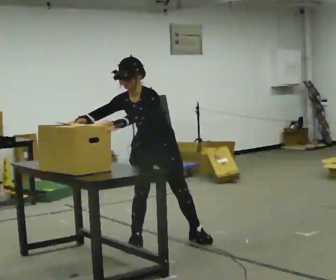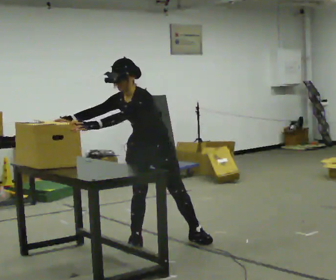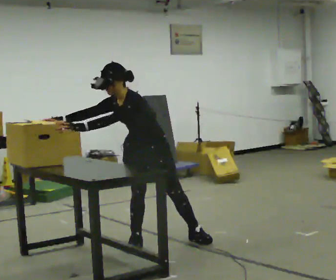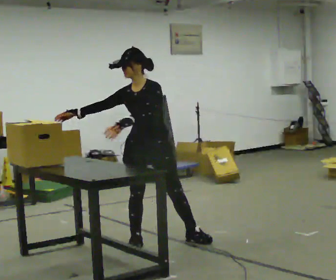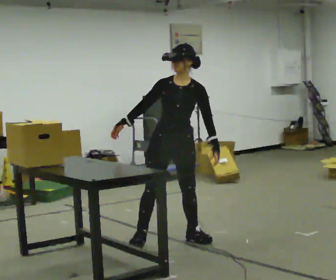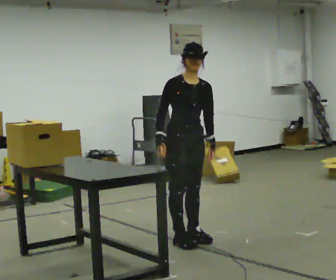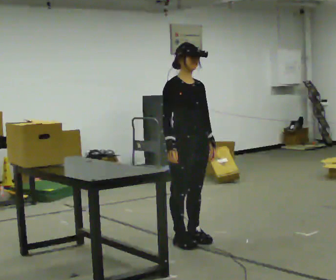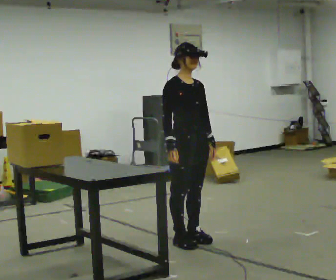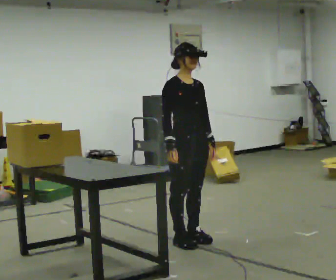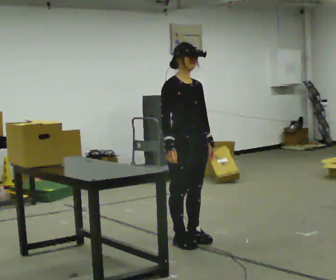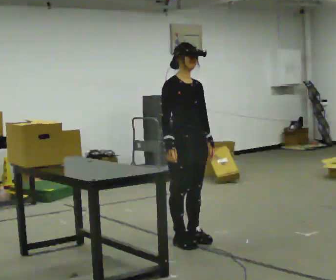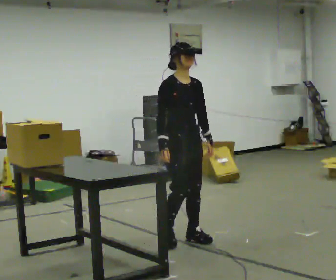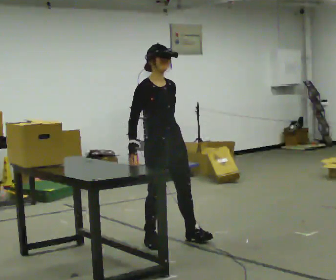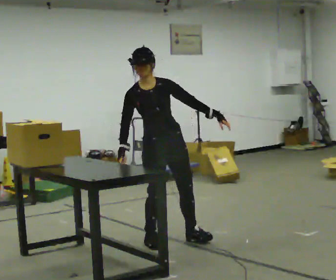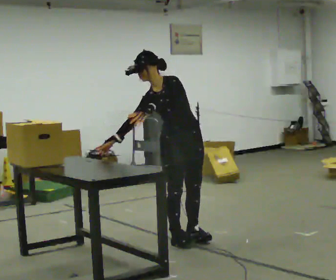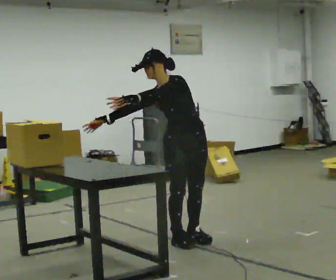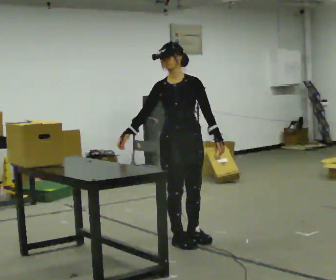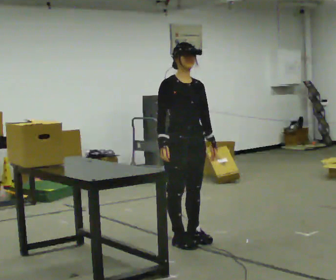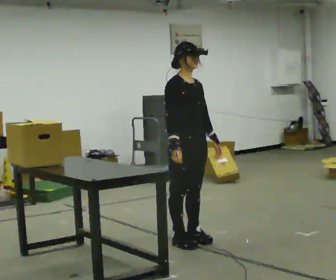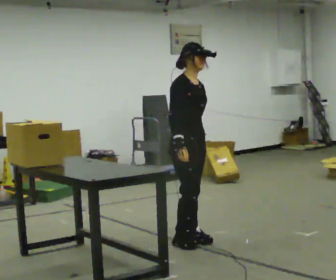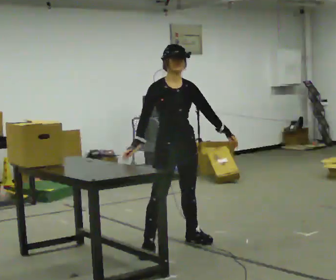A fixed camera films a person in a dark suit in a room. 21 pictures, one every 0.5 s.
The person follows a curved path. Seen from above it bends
clockwise.
0.0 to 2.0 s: The upper body tips away from the camera, its near side rolling upward, as they lean back or straighten. In the picture their left hand goes to the right.
2.0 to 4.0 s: The part of the body nearest the lens slides to the right as the person turns to their left by about 45 degrees. In the picture the upper body tilts counterclockwise, shoulders to the left. In the picture their right hand goes to the right, the arm swinging counterclockwise.
4.0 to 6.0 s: In the picture they go to the left, about 0.25 m in 1 step, which for them is to their right and backward. In the picture their left hand goes to the left.
6.0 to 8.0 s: The part of the body nearest the lens slides to the left as the person turns to their right by about 45 degrees. In the picture their left hand goes to the right.
8.0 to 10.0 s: The person turns about 30 degrees to their left, counterclockwise seen from above, so the part of the body nearest the lens slides to the right.
The film runs backward here.
